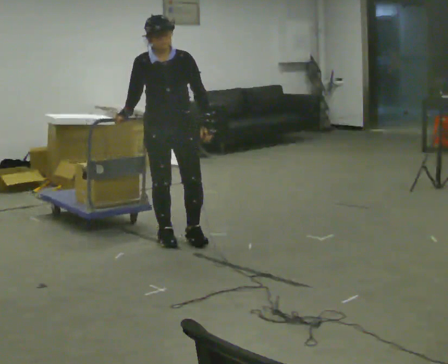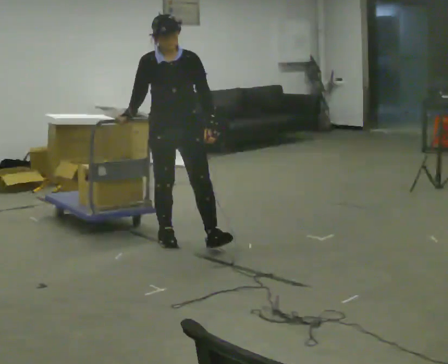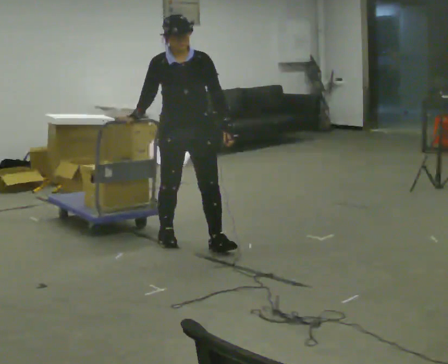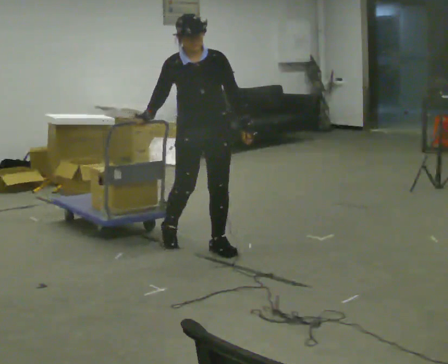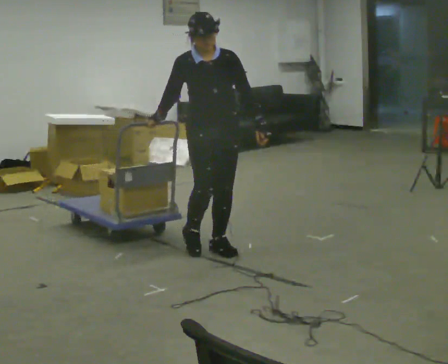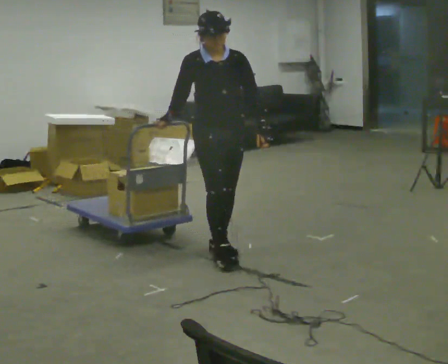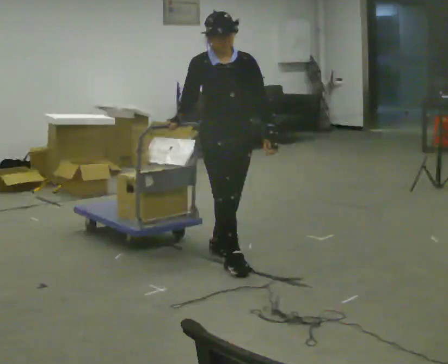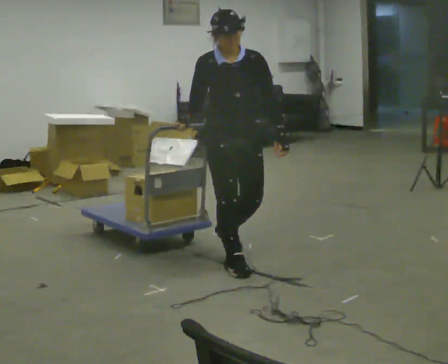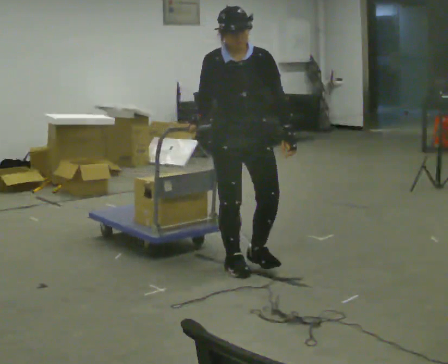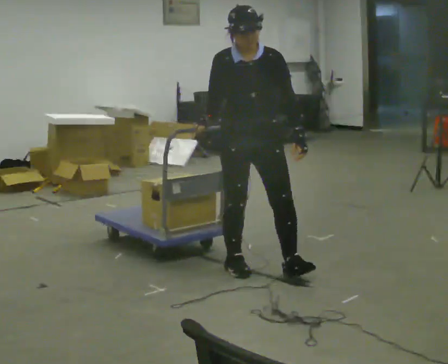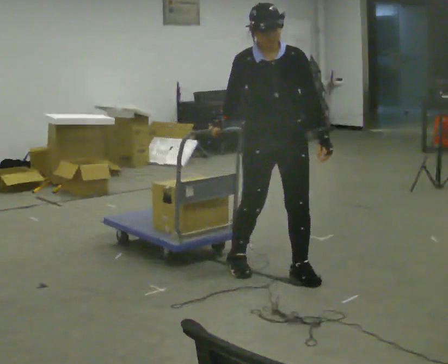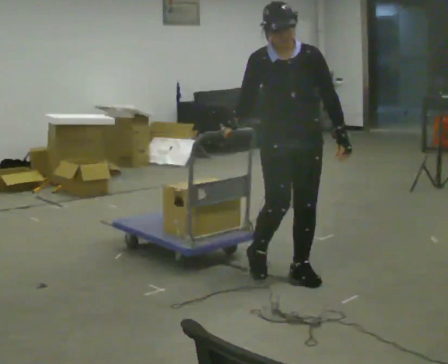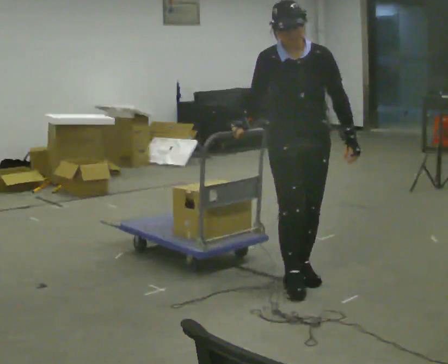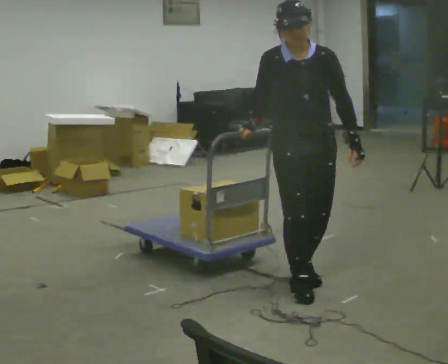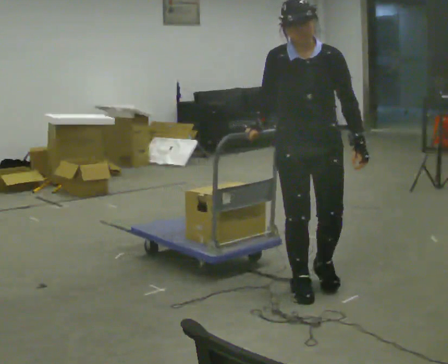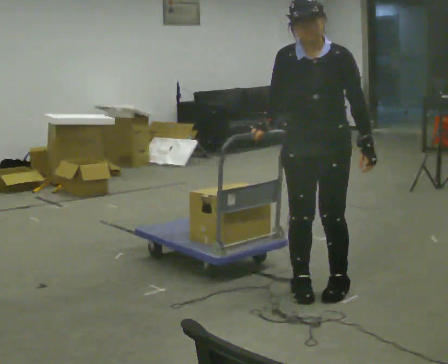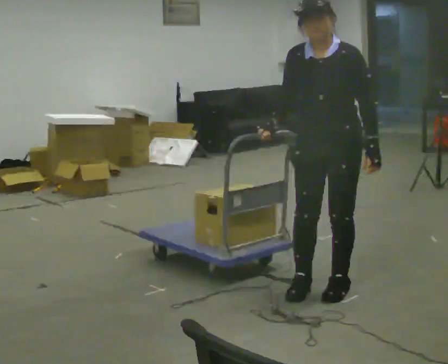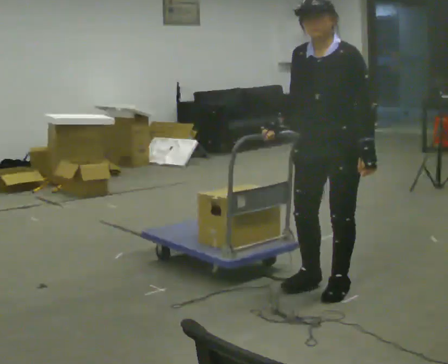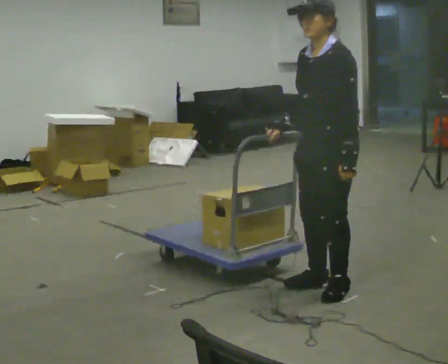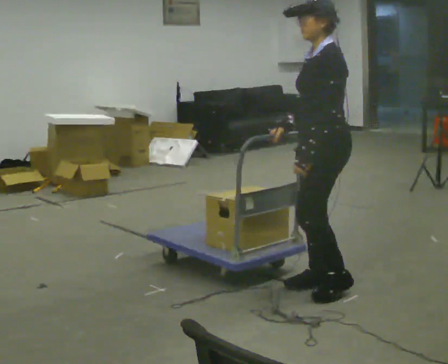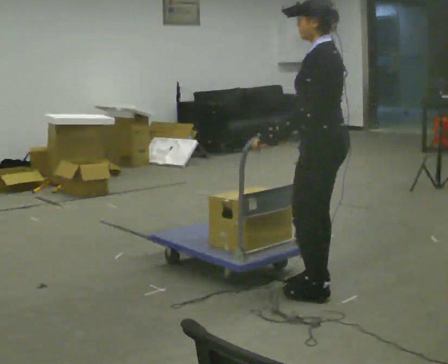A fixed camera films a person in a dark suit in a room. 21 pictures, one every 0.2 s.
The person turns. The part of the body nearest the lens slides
to the left.
The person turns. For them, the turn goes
to their right.
0.0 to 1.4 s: In the picture they go to the right and toward the camera, about 0.5 m in 2 steps, which for them is forward and to their left.
1.4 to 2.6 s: In the picture they go to the right and toward the camera, about 0.5 m in 2 steps, which for them is forward and to their left.
2.6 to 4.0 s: The person turns about 120 degrees to their right, clockwise seen from above, so the part of the body nearest the lens slides to the left. In the picture their left hand goes to the left, the arm swinging clockwise.
The film runs forward here.
